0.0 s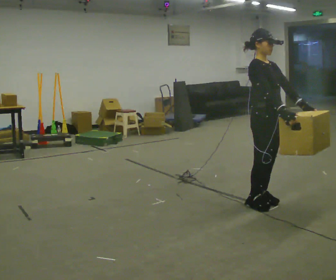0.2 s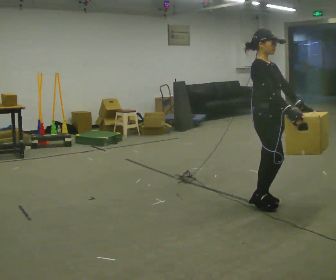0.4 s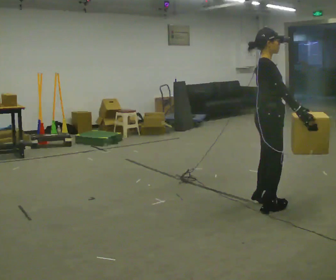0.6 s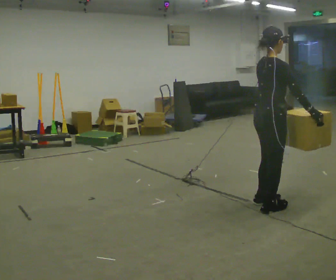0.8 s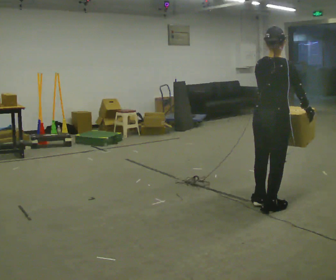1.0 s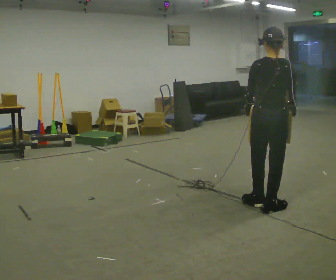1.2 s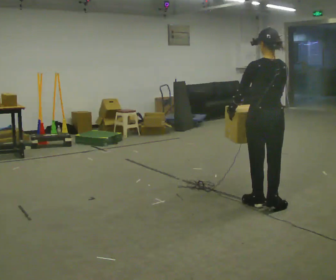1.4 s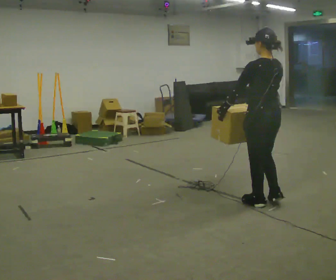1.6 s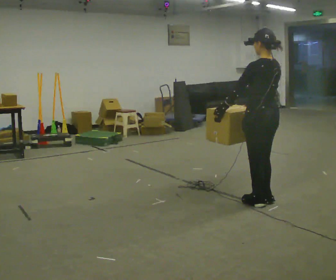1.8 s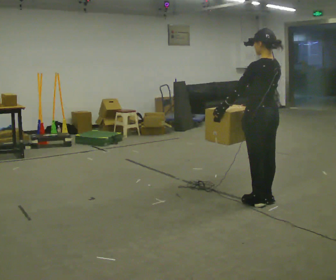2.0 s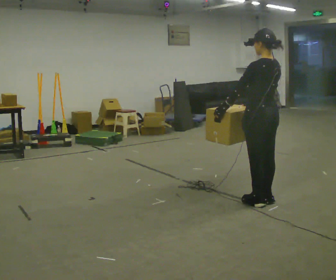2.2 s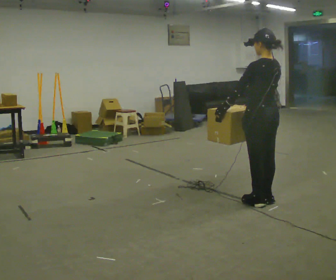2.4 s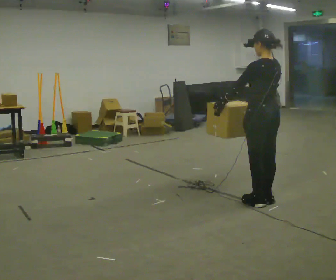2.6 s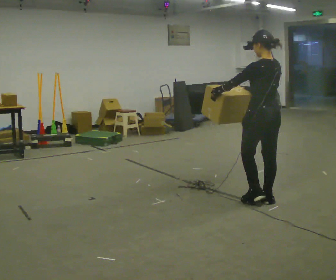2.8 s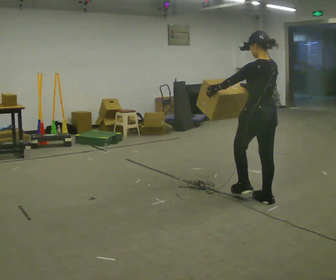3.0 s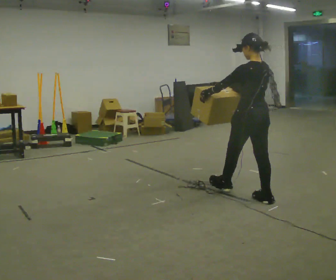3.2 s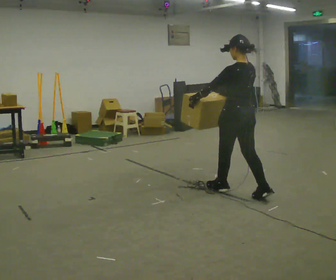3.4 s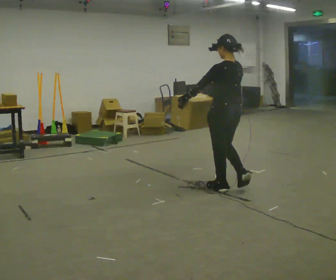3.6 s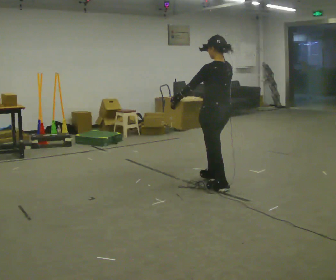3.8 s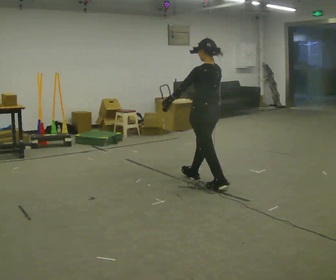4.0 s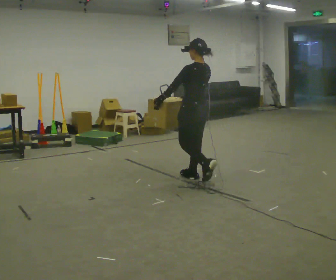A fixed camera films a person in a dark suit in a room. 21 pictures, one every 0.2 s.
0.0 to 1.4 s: The person turns about 165 degrees to their left, counterclockwise seen from above, so the part of the body nearest the lens slides to the right.
1.4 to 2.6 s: The person moves a little, or ends about where they began.
2.6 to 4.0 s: In the picture they go to the left and away from the camera, about 1 m in 2 steps, which for them is forward.
The film runs forward here.
